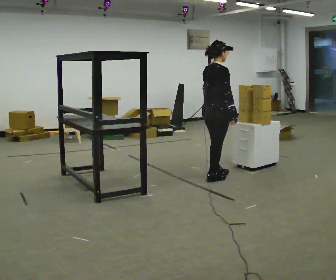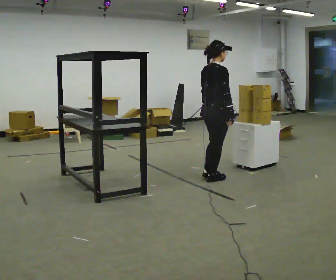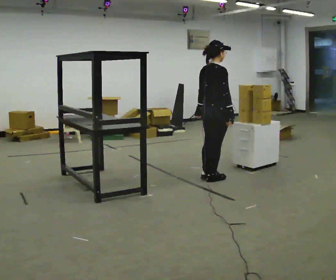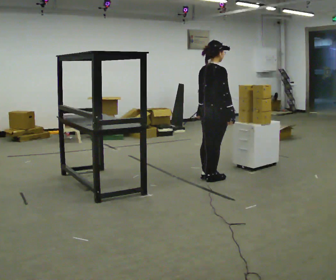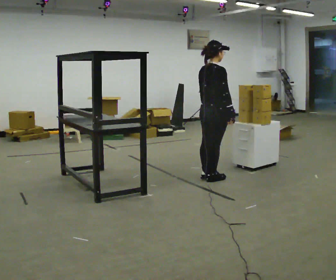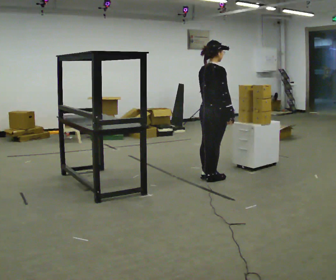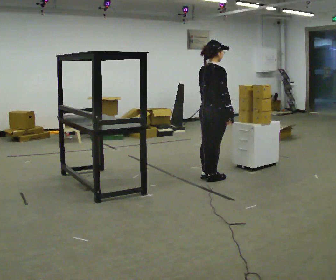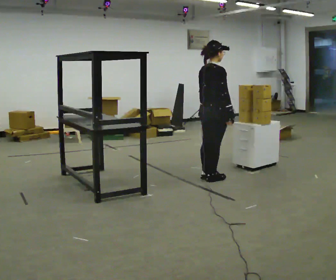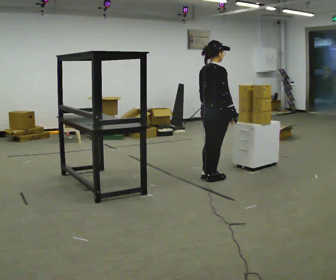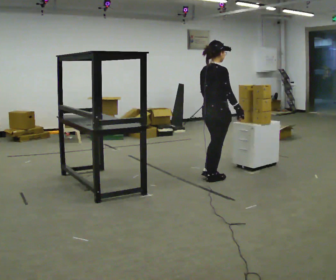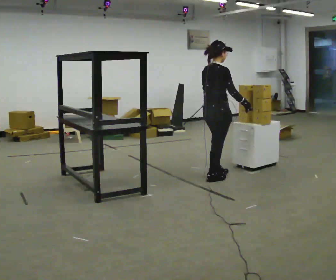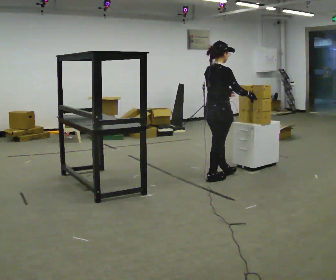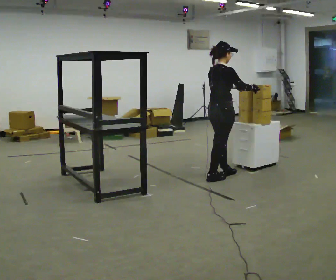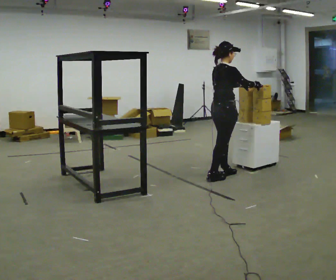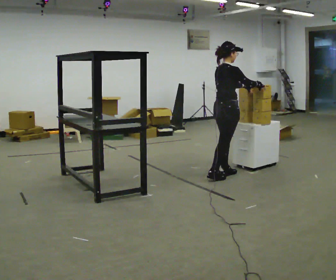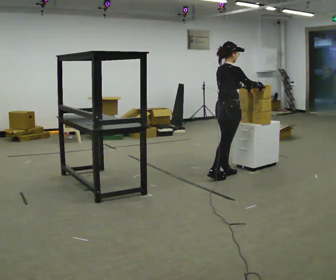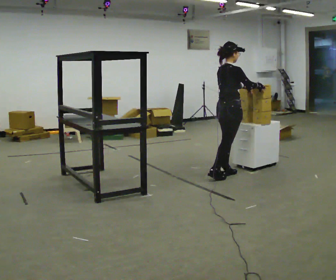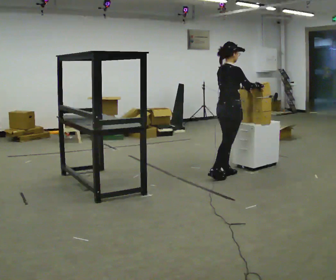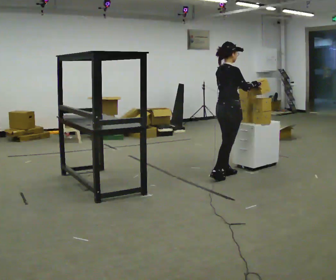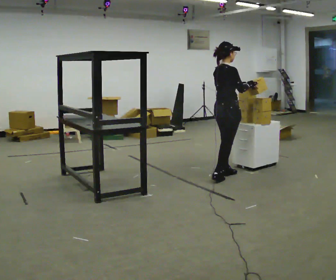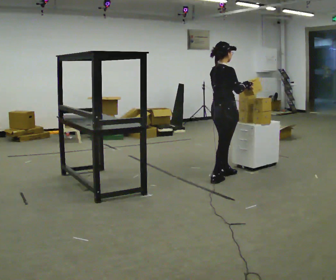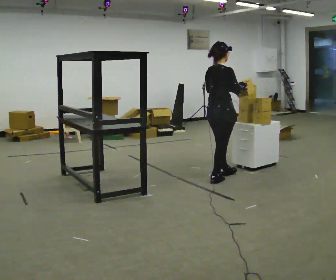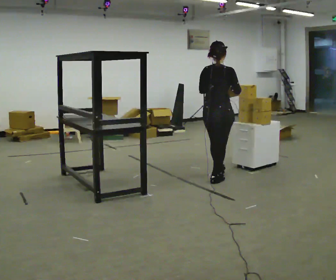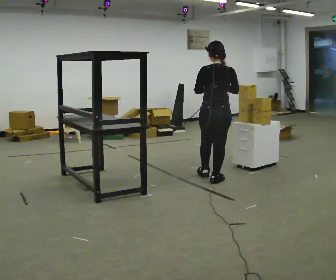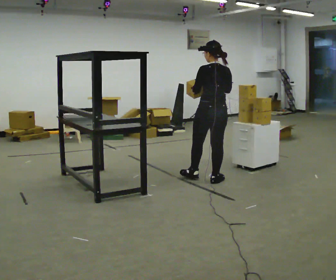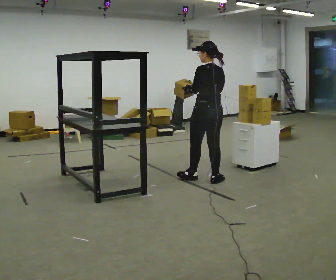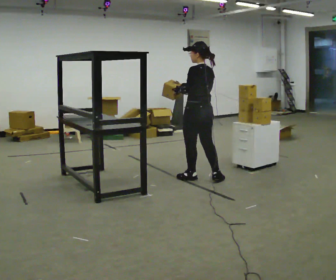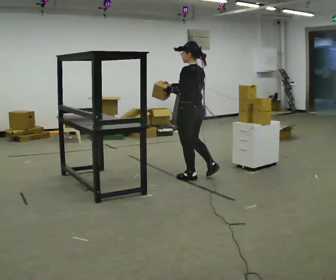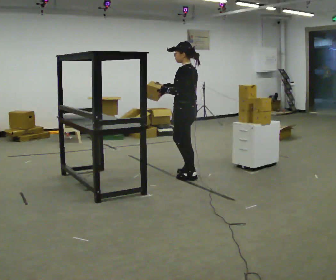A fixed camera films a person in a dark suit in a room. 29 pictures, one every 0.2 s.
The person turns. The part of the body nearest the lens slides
to the right.
The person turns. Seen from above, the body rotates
counterclockwise.
0.0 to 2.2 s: The person moves a little, or ends about where they began.
2.2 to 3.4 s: In the picture they go away from the camera, about 0.25 m, which for them is forward.
3.4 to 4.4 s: The person turns about 30 degrees to their left, counterclockwise seen from above, so the part of the body nearest the lens slides to the right. In the picture they go toward the camera, about 0.25 m, which for them is backward and to their right.
4.4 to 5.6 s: Seen from above the body turns counterclockwise, about 105 degrees: to their left, with its near side sliding to the right. In the picture they go to the left, about 0.25 m in 1 step.
The film runs forward here.
